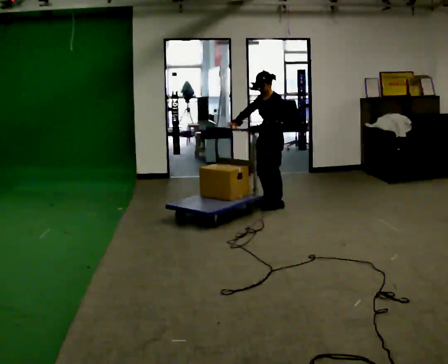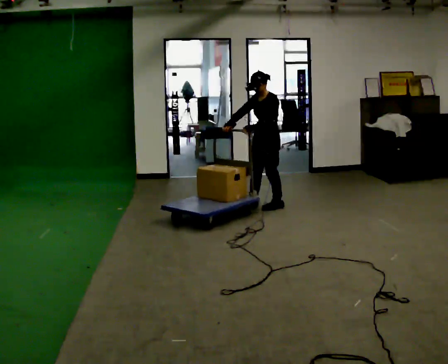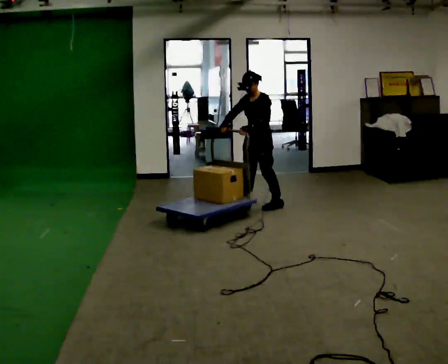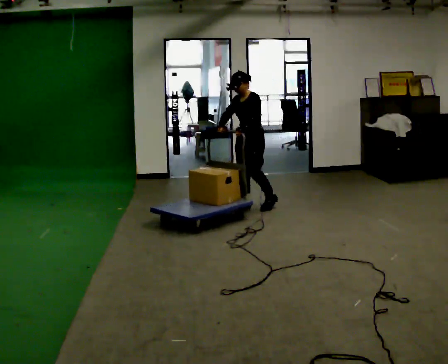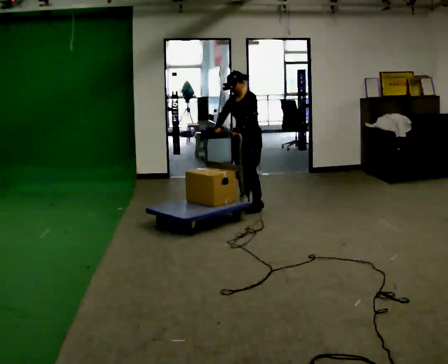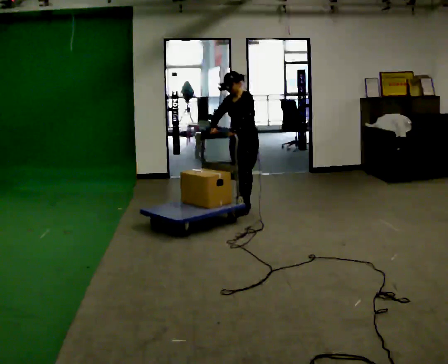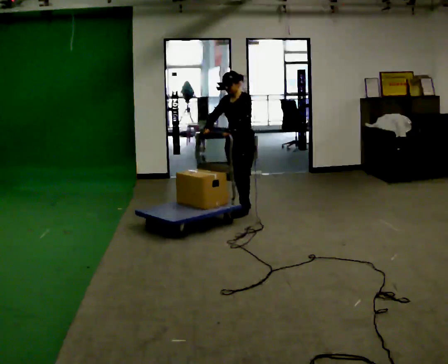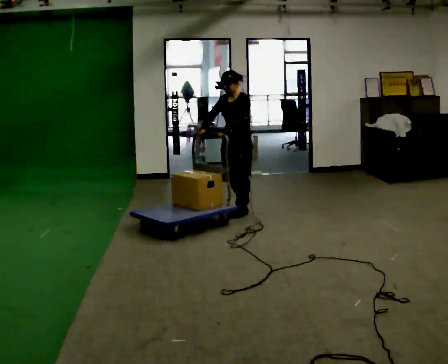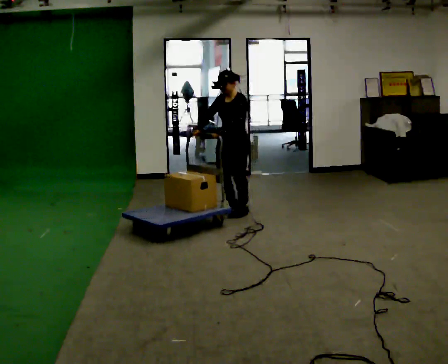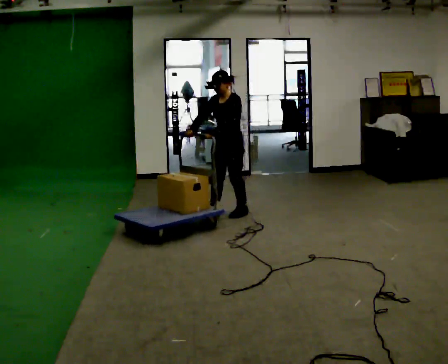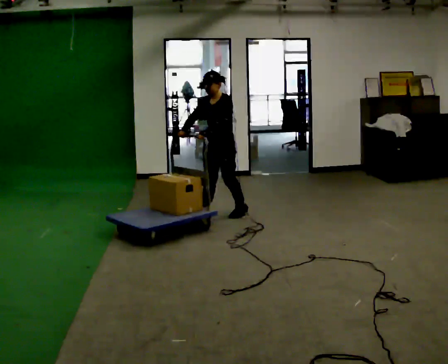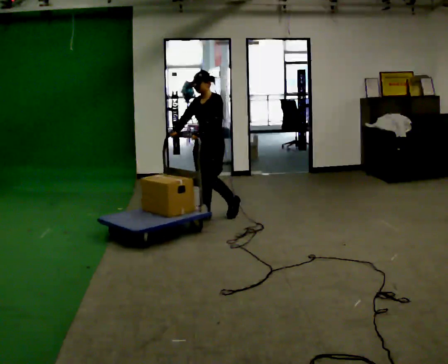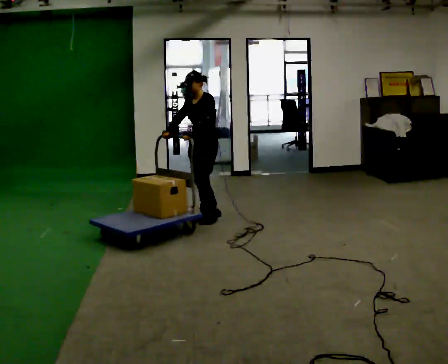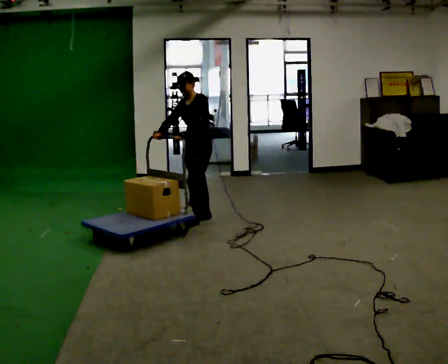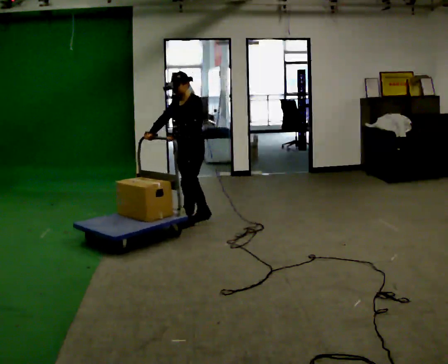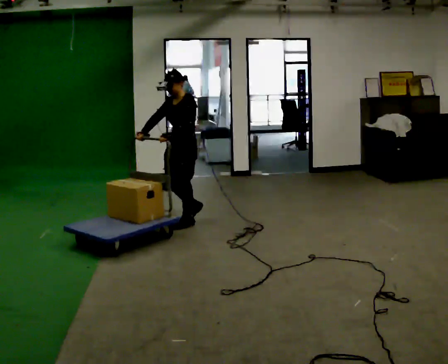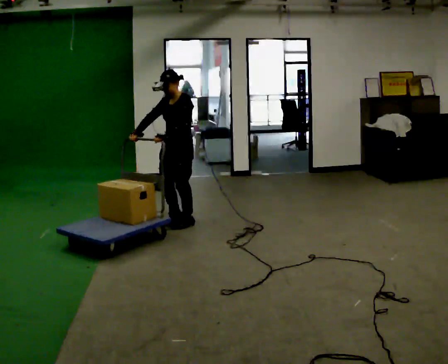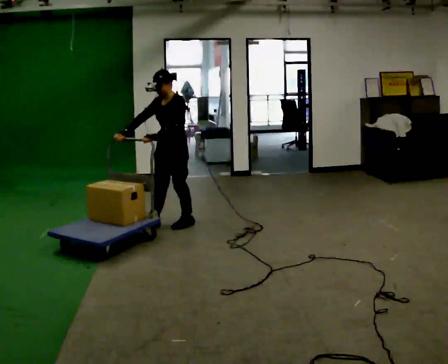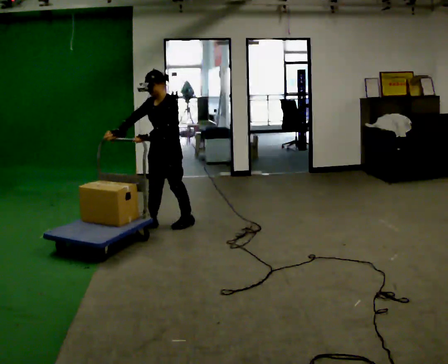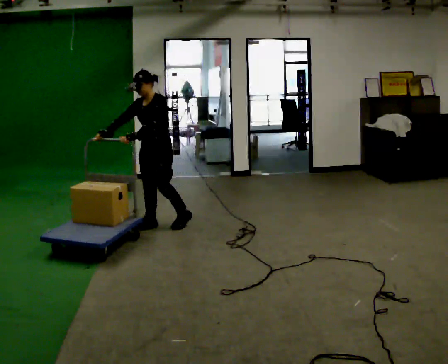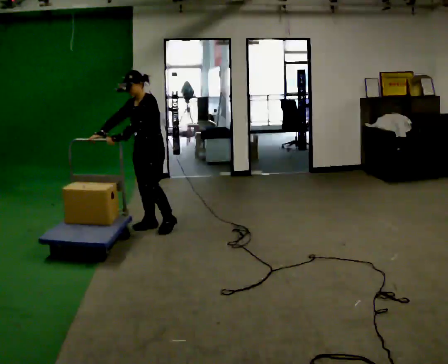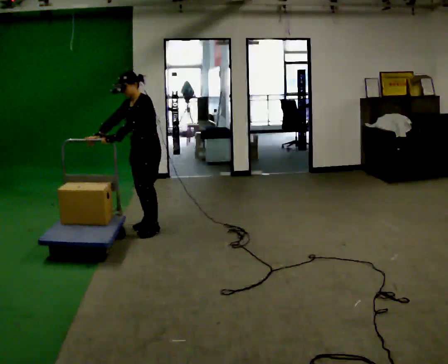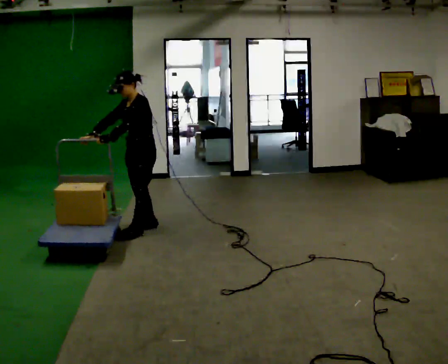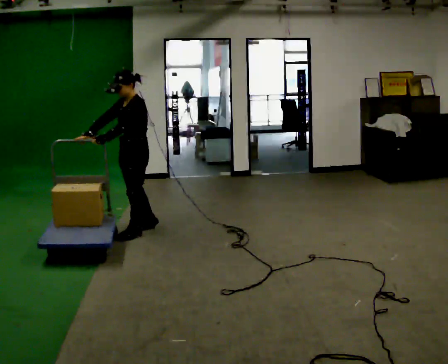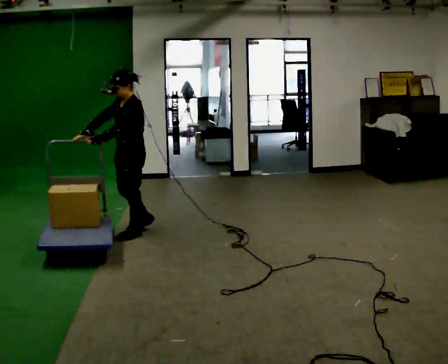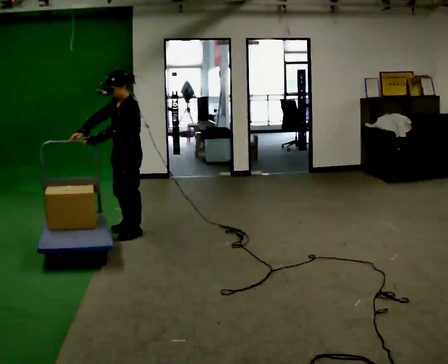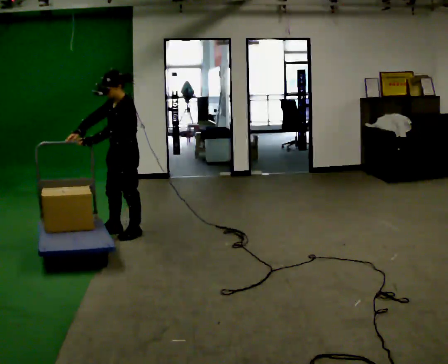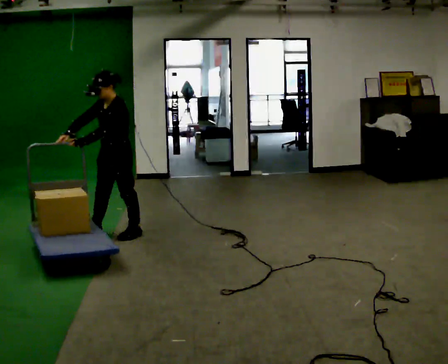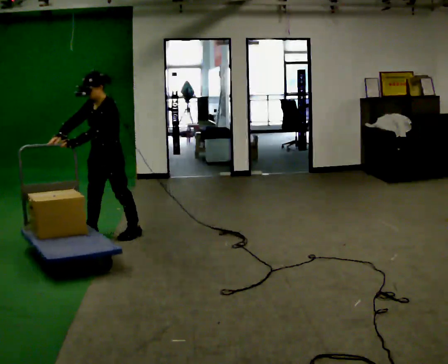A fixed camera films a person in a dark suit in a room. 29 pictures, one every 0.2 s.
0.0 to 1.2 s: In the picture they go to the left, about 0.25 m in 2 steps, which for them is forward and to their right.
1.2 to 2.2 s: In the picture they go to the left and toward the camera, about 0.5 m in 1 step, which for them is forward.
2.2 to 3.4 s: In the picture they go to the left and toward the camera, about 0.5 m in 2 steps, which for them is forward.
3.4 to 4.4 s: In the picture they go to the left and toward the camera, about 0.25 m in 1 step, which for them is forward.
4.4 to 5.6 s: In the picture they go to the left and toward the camera, about 0.25 m in 1 step, which for them is forward.
The film runs forward here.
